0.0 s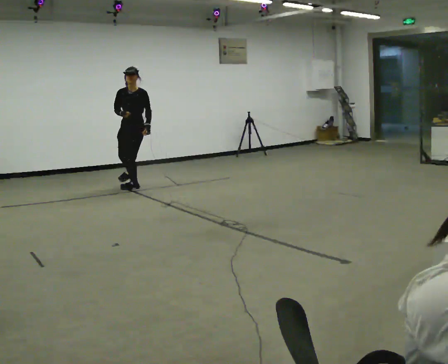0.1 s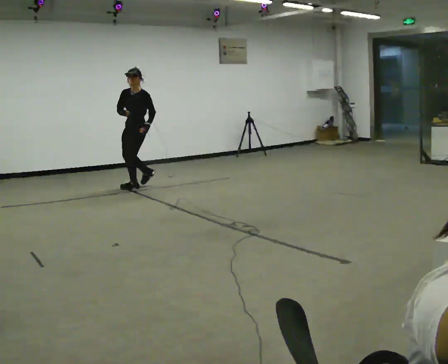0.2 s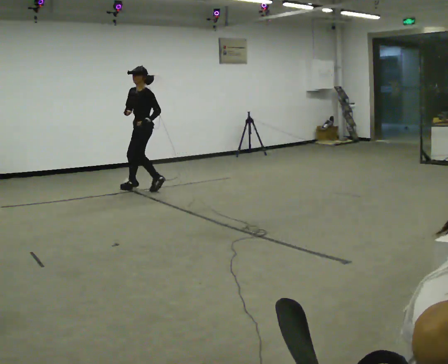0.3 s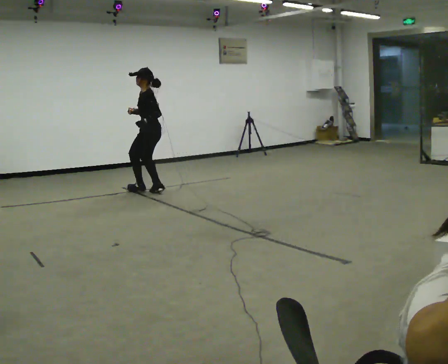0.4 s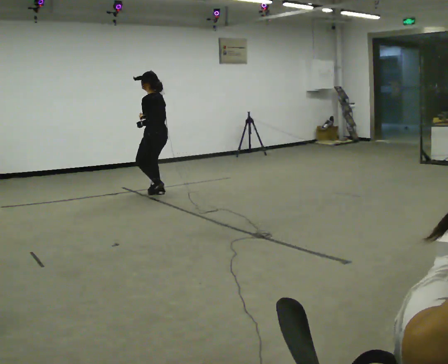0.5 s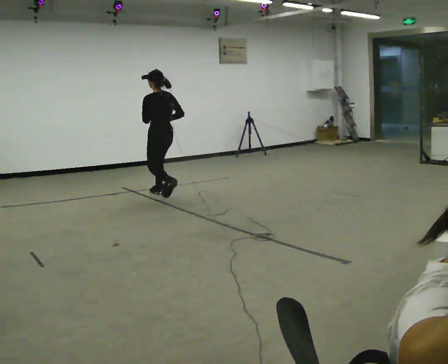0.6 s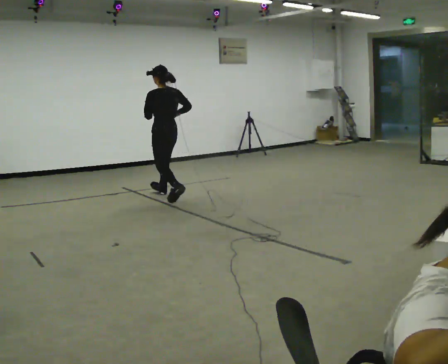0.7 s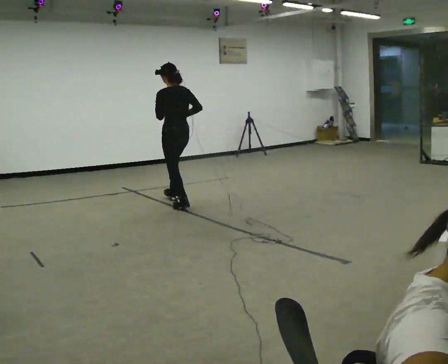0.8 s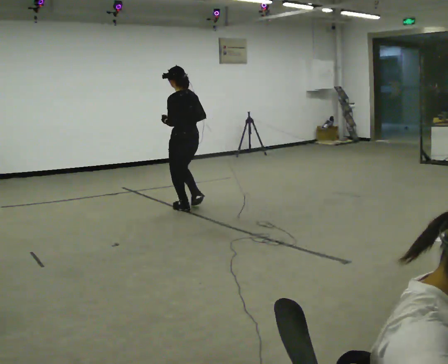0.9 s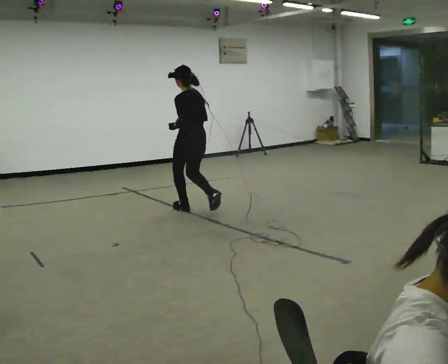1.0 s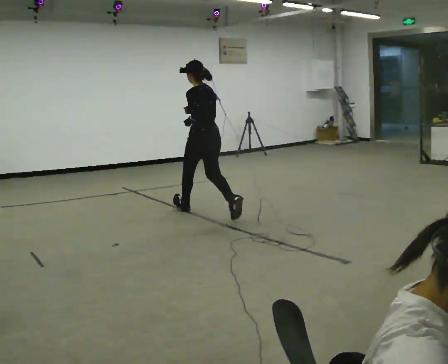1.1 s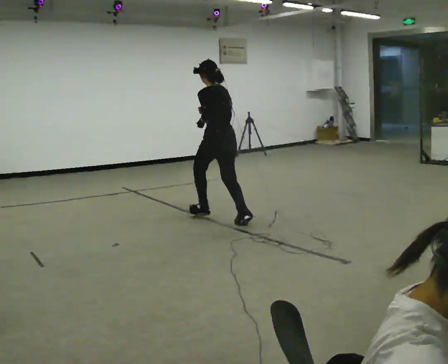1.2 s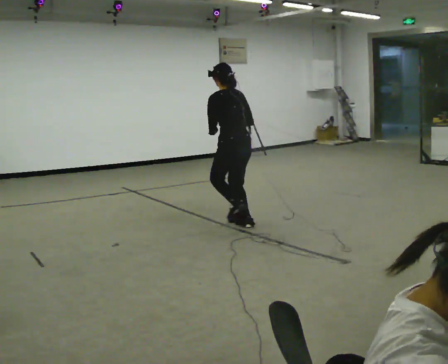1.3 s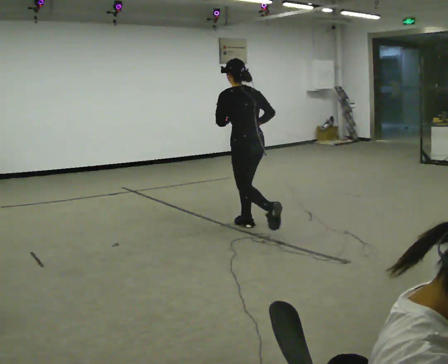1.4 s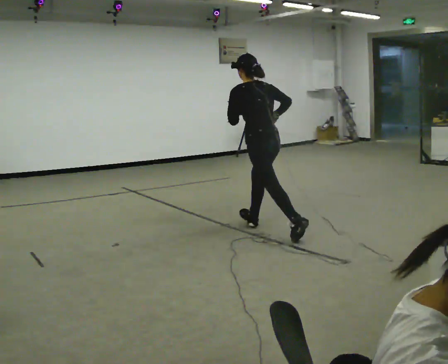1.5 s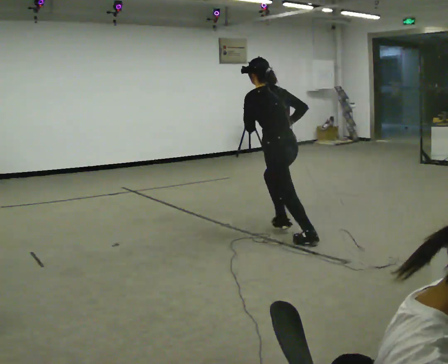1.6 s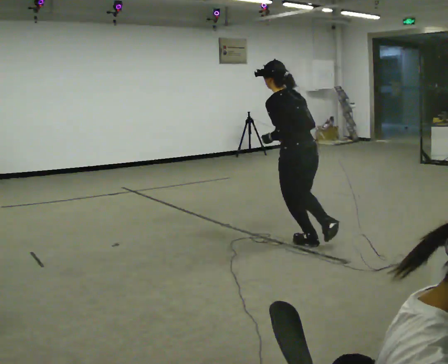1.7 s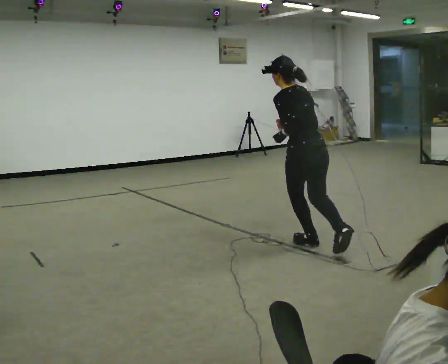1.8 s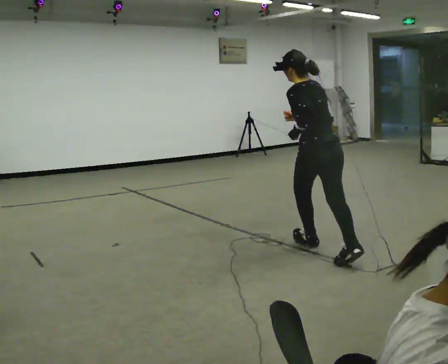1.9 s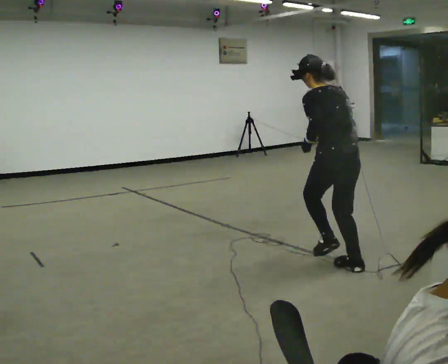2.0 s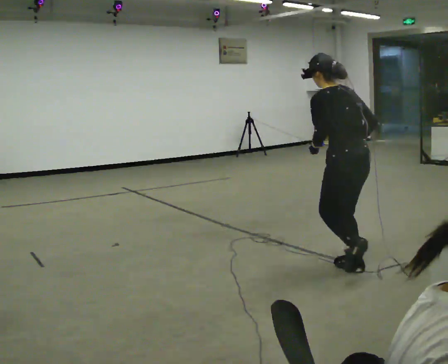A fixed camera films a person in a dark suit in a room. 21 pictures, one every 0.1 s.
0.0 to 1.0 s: The person turns about 120 degrees to their right, clockwise seen from above, so the part of the body nearest the lens slides to the left. In the picture they go toward the camera and to the right, about 1.5 m in 3 steps. The upper body tips away from the camera, its near side rolling upward.
1.0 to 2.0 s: In the picture they go toward the camera and to the right, about 2 m in 2 steps, which for them is backward.
The film runs backward here.
